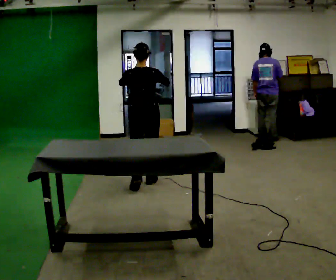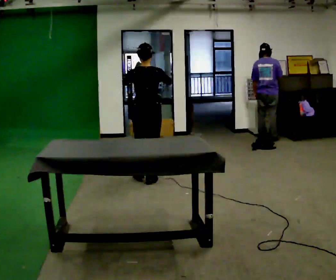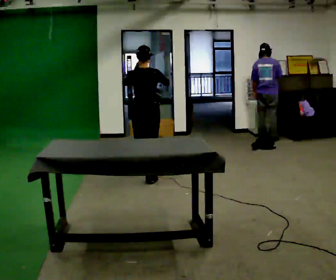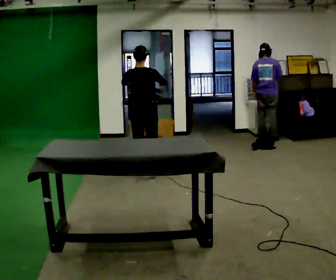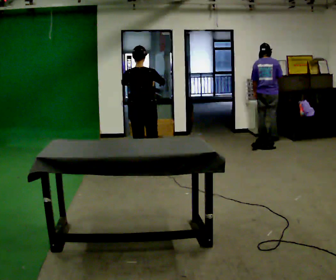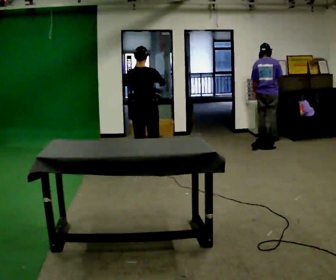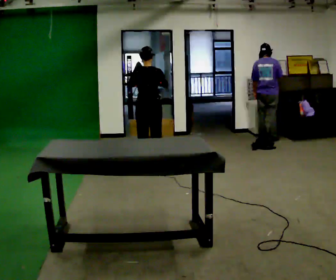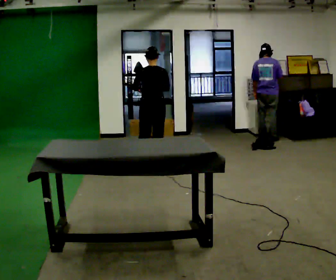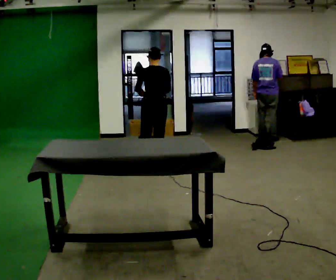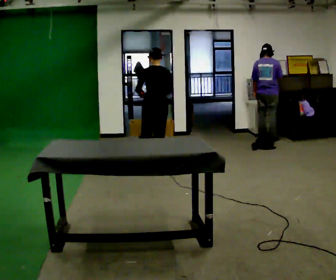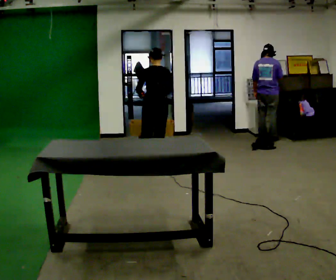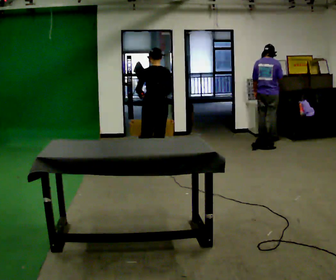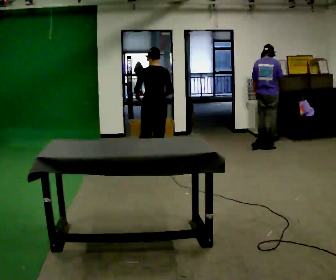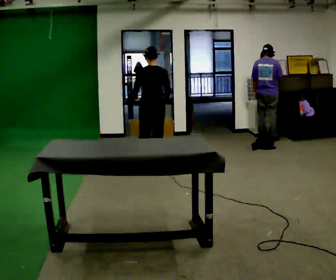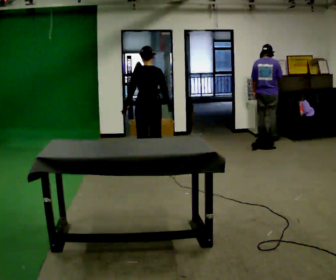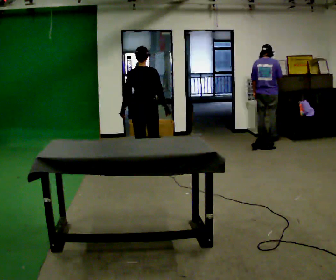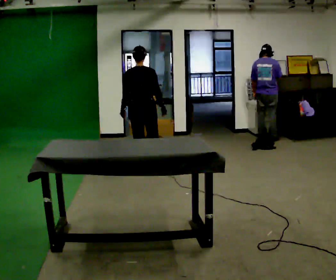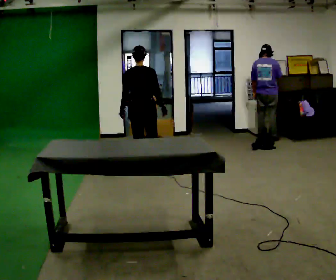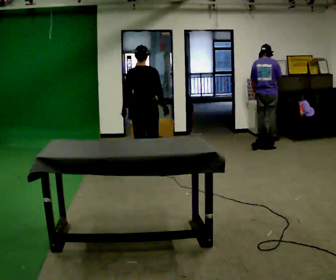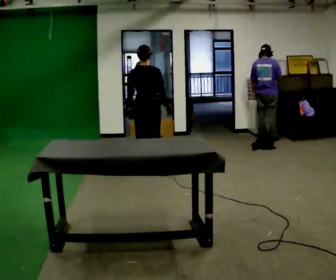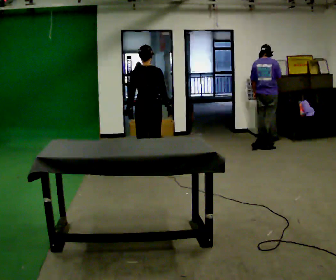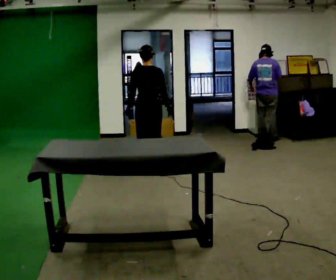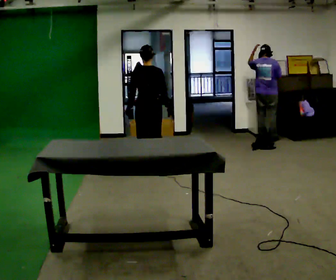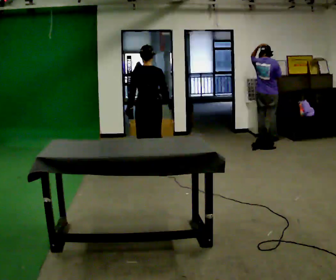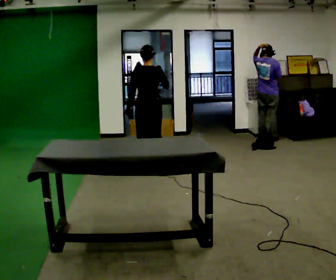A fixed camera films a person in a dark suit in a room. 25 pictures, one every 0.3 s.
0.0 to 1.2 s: In the picture they go away from the camera, about 0.5 m in 1 step, which for them is forward.
1.2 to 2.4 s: In the picture they go away from the camera and to the right, about 0.25 m in 1 step, which for them is forward and to their right.
2.4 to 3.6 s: The person moves a little, or ends about where they began.
3.6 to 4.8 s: In the picture they go toward the camera and to the left, about 0.25 m, which for them is backward and to their left.
4.8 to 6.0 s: The person moves a little, or ends about where they began.
6.0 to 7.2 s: In the picture their right hand goes upward.
The film runs forward here.
